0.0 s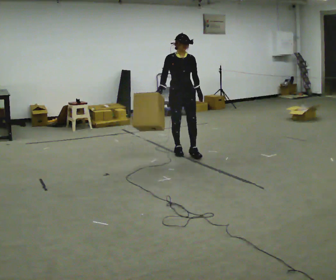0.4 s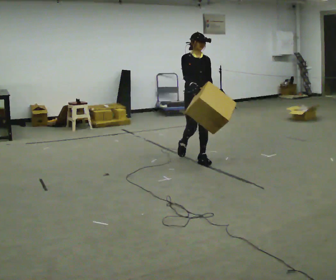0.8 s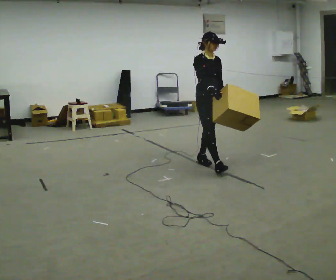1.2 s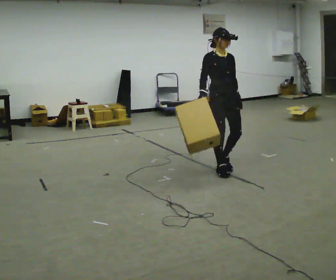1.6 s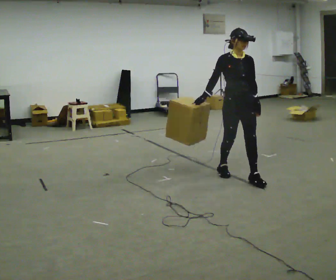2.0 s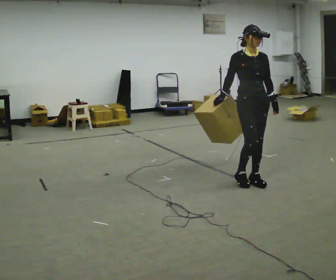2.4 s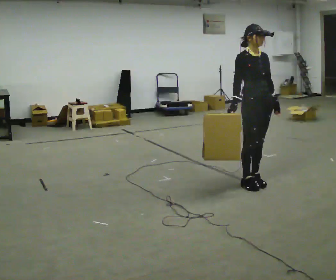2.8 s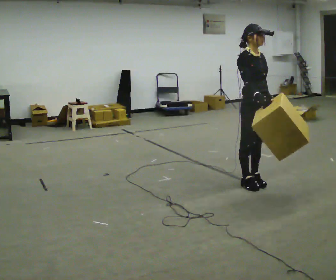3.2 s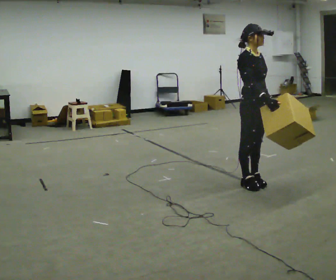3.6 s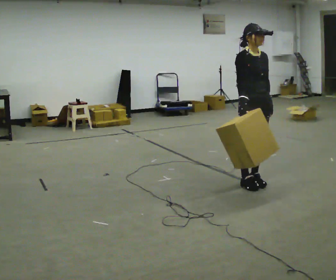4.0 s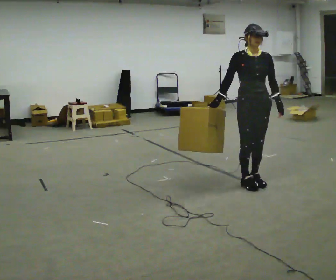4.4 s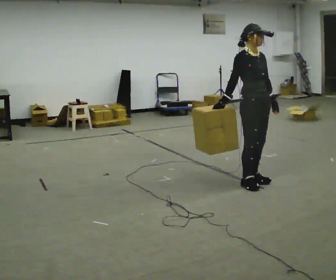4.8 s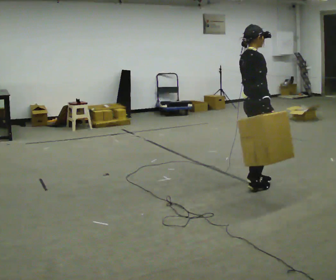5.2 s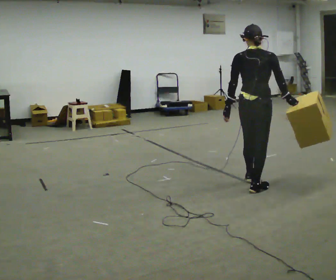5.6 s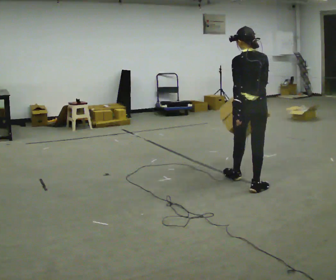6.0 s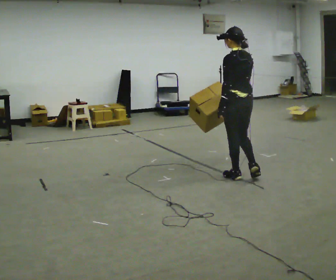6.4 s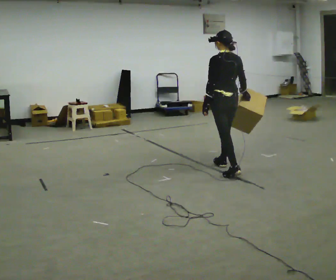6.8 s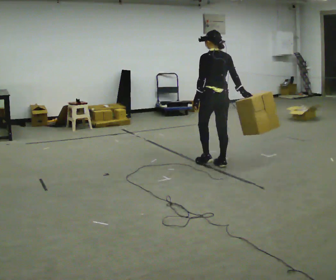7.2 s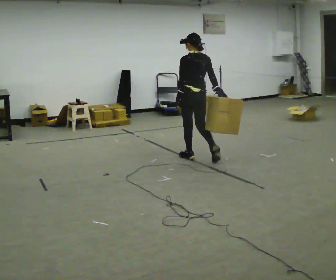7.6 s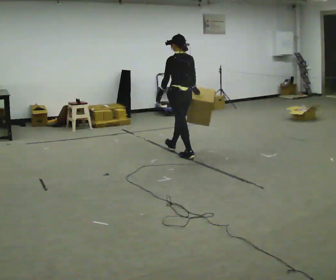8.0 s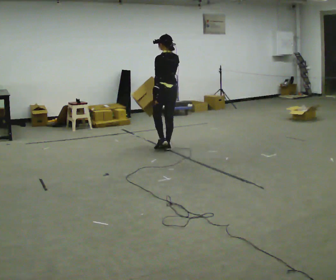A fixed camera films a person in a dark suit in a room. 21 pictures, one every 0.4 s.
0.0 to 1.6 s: In the picture they go toward the camera and to the right, about 1 m in 3 steps, which for them is forward.
1.6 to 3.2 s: The person turns about 30 degrees to their left, counterclockwise seen from above, so the part of the body nearest the lens slides to the right. In the picture they go toward the camera, about 0.25 m in 1 step, which for them is forward. In the picture their right hand goes to the right, the arm swinging counterclockwise.
3.2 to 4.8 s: Seen from above the body turns counterclockwise, about 60 degrees: to their left, with its near side sliding to the right.
4.8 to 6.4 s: The person turns about 105 degrees to their left, counterclockwise seen from above, so the part of the body nearest the lens slides to the right. In the picture they go away from the camera and to the left, about 0.5 m in 3 steps.
6.4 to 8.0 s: In the picture they go to the left and away from the camera, about 1 m in 2 steps, which for them is forward.
The film runs forward here.
